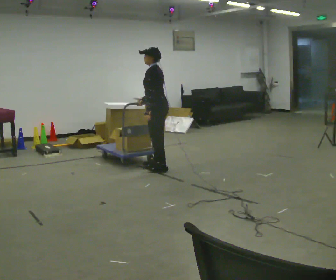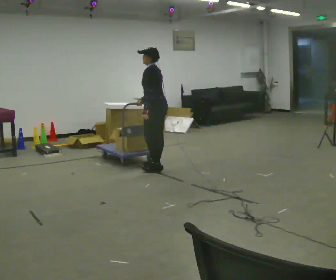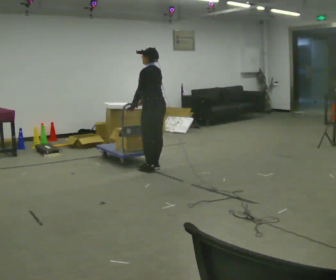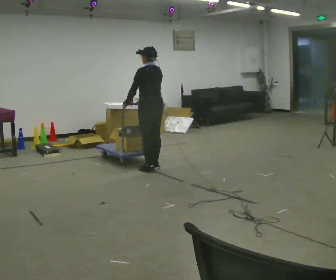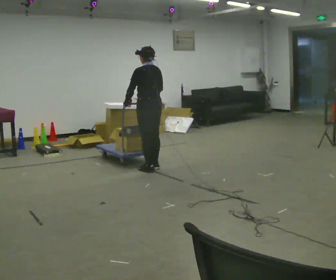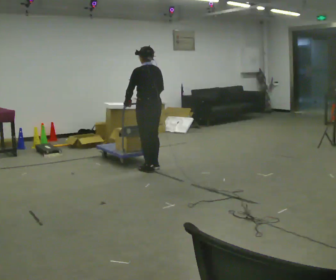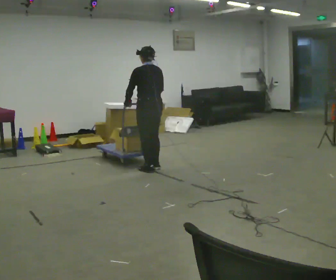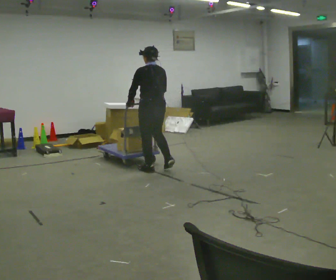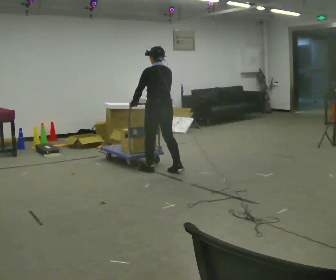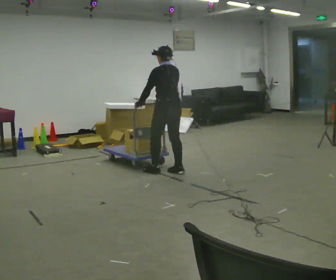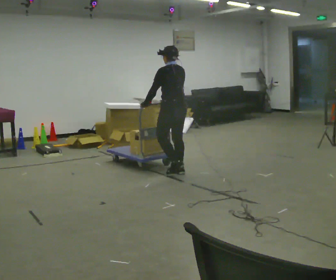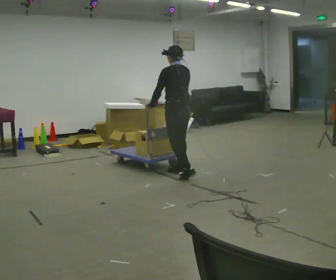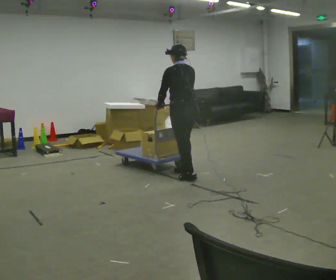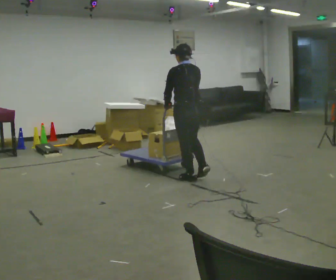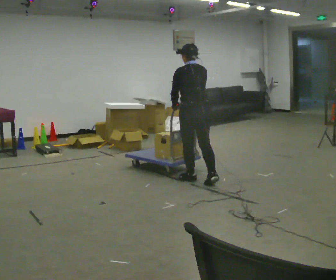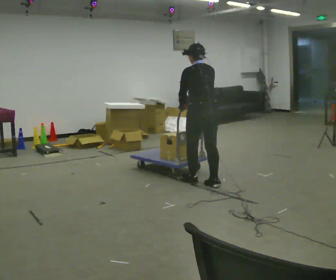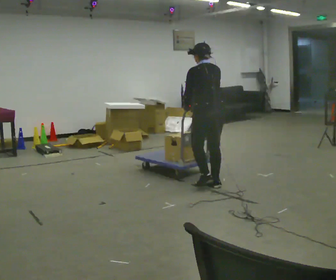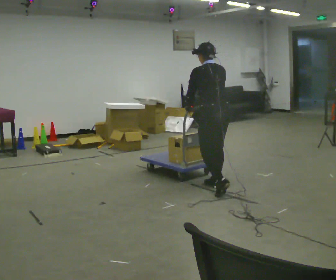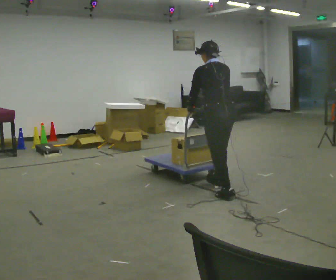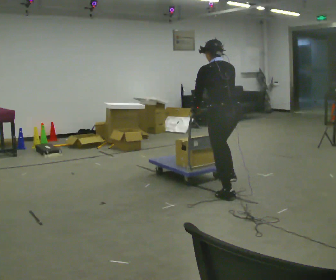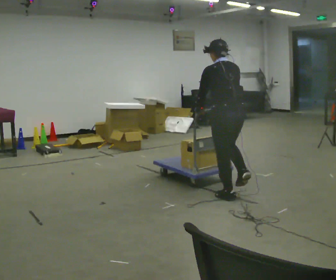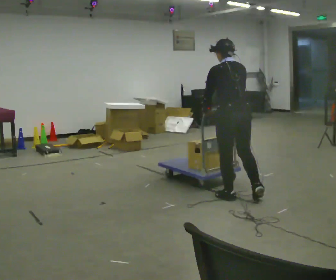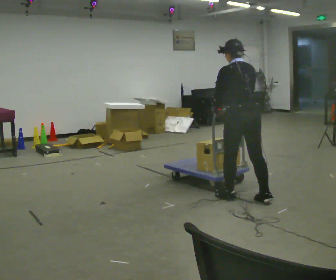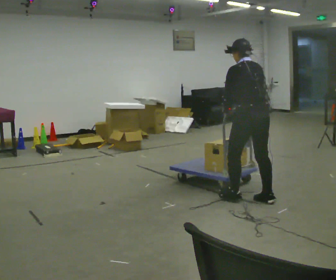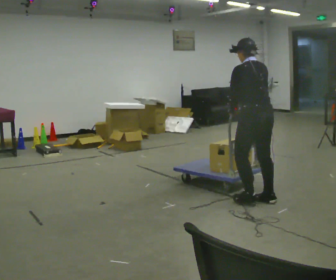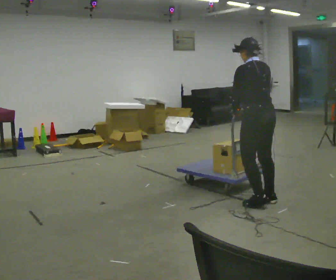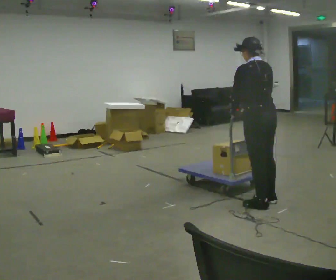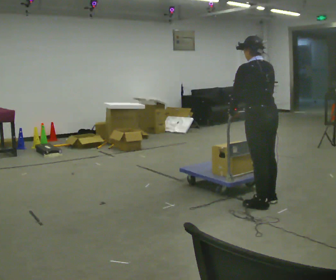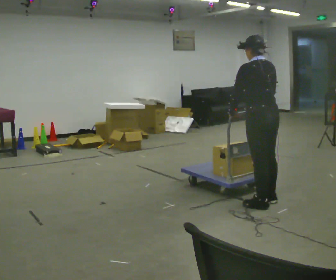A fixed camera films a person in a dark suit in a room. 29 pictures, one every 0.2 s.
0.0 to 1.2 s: Seen from above the body turns clockwise, about 30 degrees: to their right, with its near side sliding to the left. In the picture their left hand goes to the left.
1.2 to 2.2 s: In the picture they go to the right and toward the camera, about 0.5 m in 1 step, which for them is backward and to their right.
2.2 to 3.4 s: In the picture they go toward the camera and to the right, about 0.75 m in 2 steps, which for them is backward.
3.4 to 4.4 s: In the picture they go toward the camera and to the right, about 0.5 m in 1 step, which for them is backward.
4.4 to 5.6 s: In the picture they go to the right, about 0.25 m in 1 step, which for them is backward.
The film runs backward here.
